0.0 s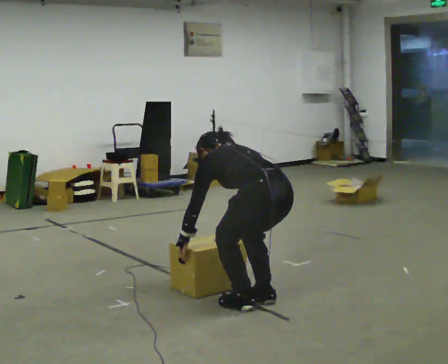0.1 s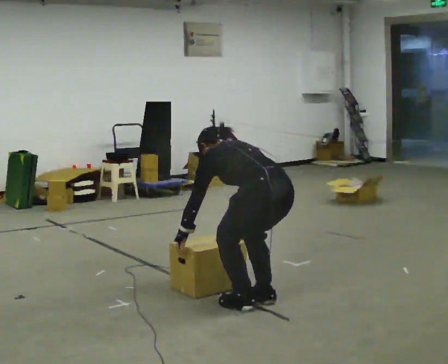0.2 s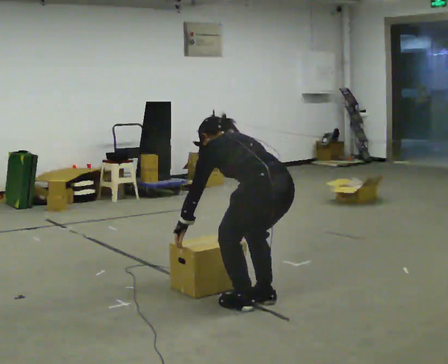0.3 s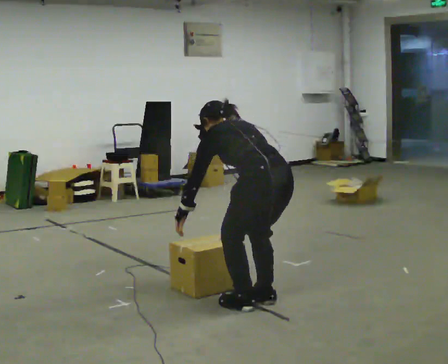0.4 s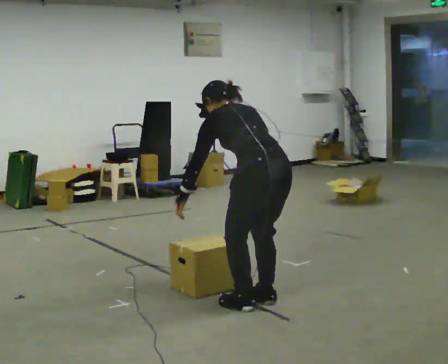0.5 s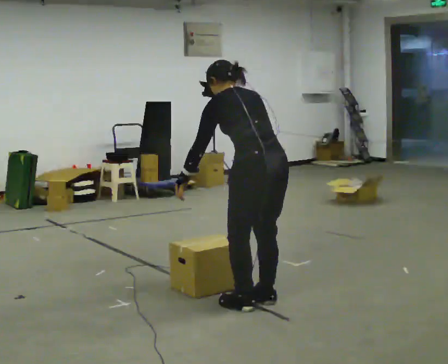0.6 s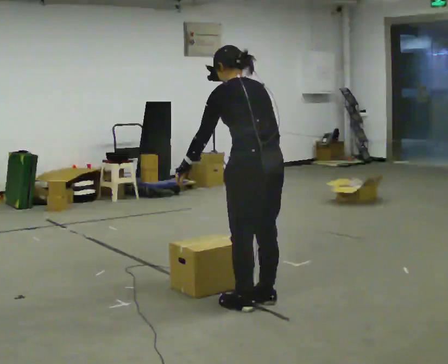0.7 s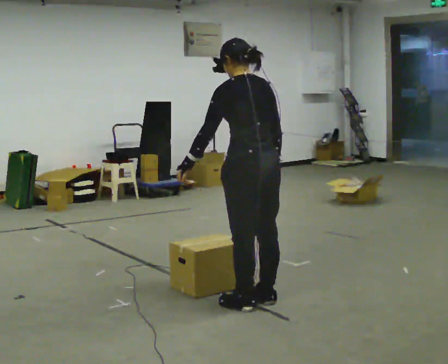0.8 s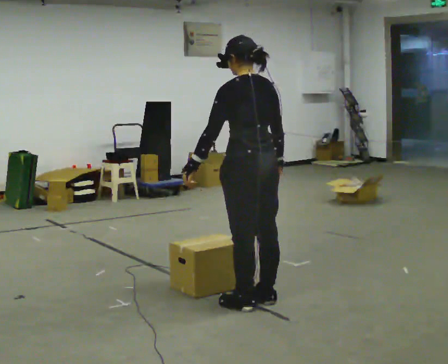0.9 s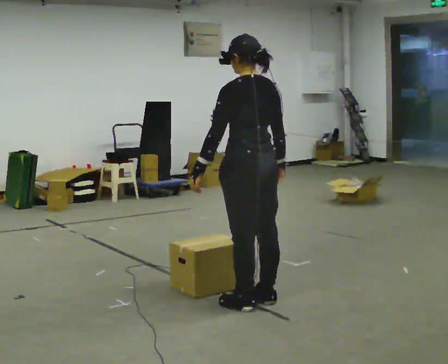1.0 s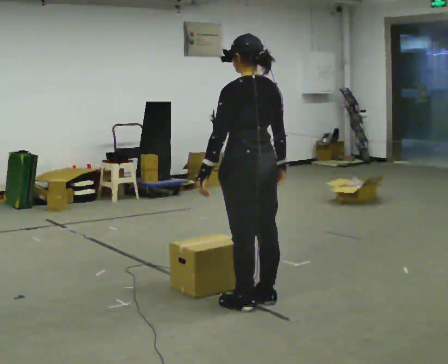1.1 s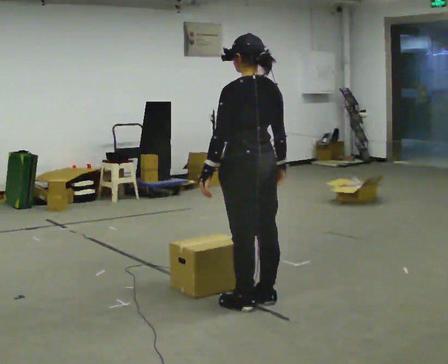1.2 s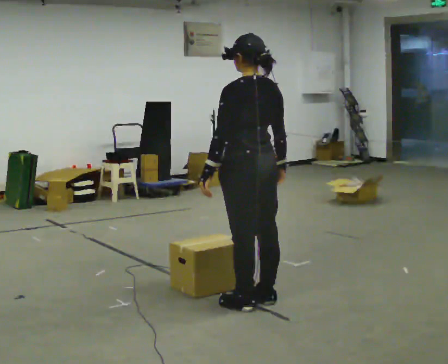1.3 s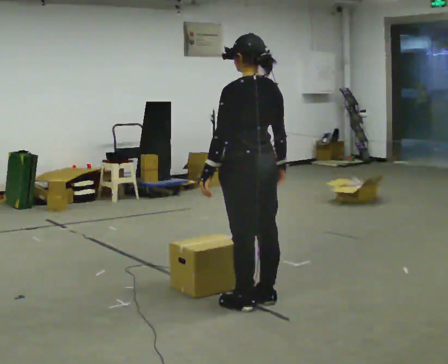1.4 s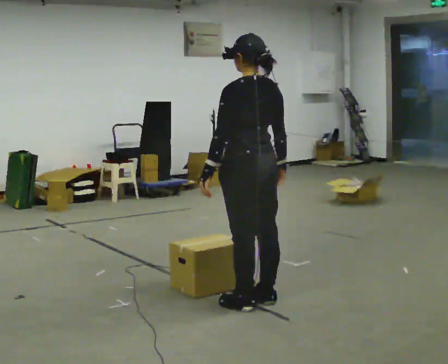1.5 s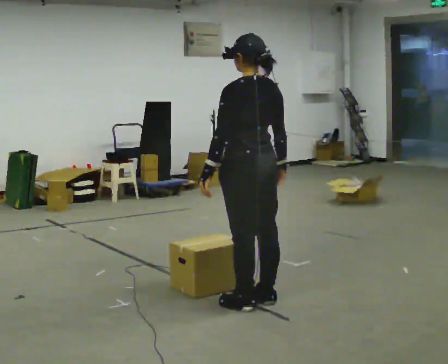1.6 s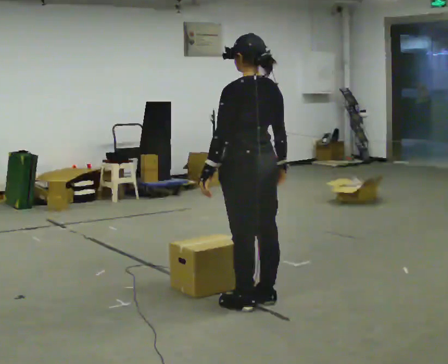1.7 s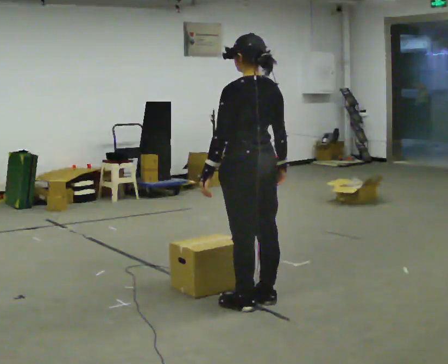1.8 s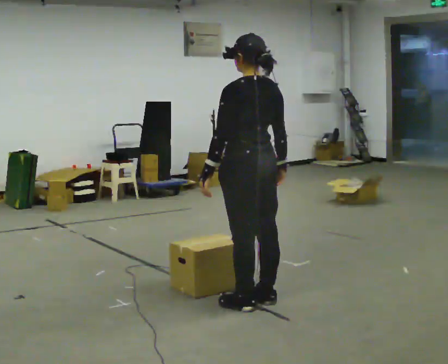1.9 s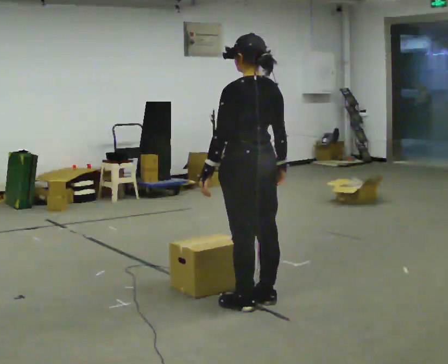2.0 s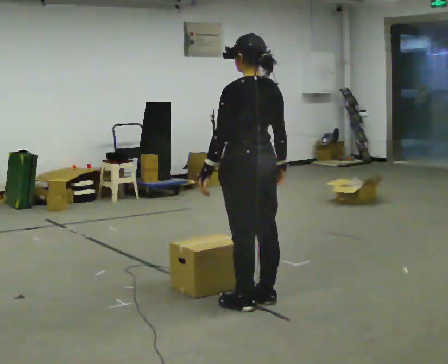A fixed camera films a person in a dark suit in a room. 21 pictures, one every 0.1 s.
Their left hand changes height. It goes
upward.
Their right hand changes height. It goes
upward.
0.0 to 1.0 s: The upper body goes upward. In the picture the upper body tilts clockwise, shoulders to the right, as they lean back or straighten. In the picture their right hand goes upward.
1.0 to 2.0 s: The person keeps their place and pose.
The film runs backward here.
